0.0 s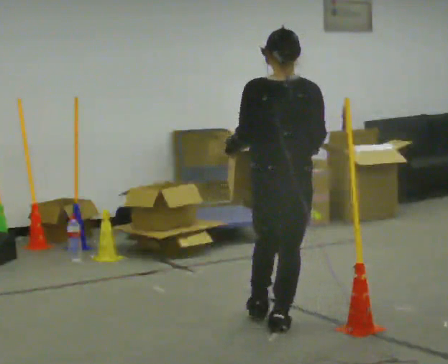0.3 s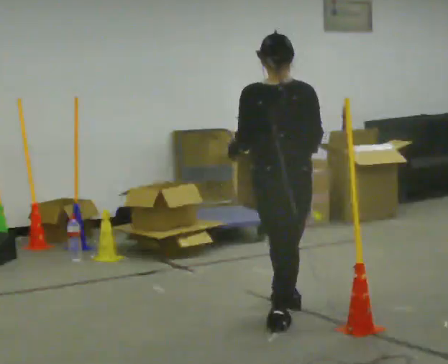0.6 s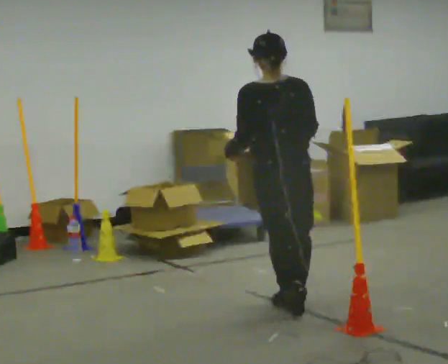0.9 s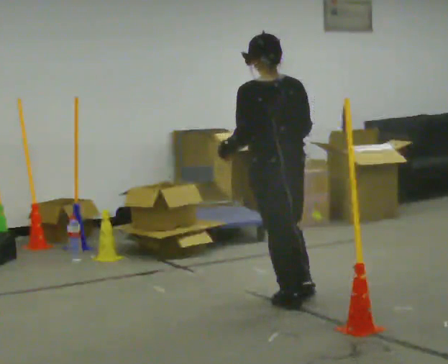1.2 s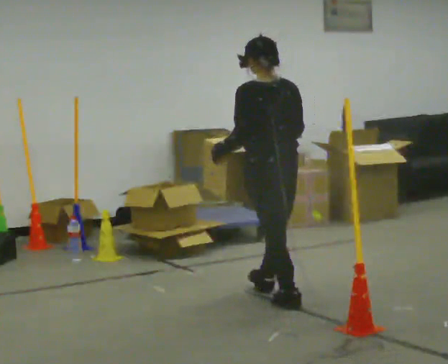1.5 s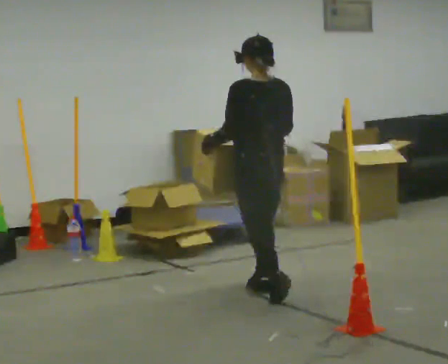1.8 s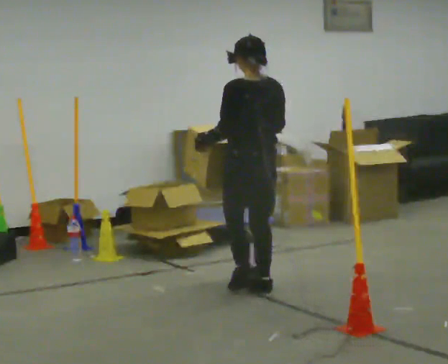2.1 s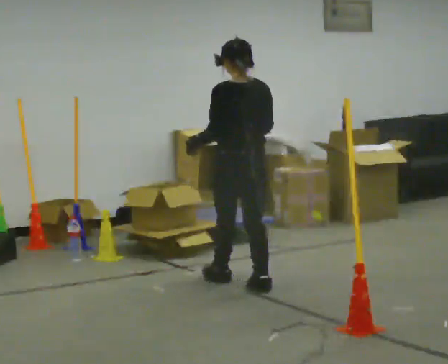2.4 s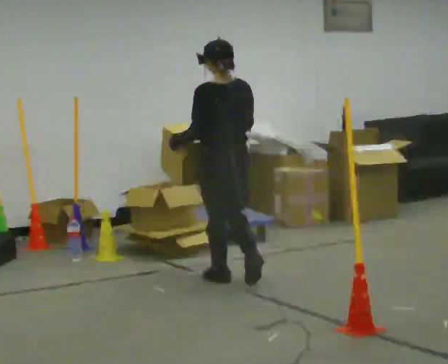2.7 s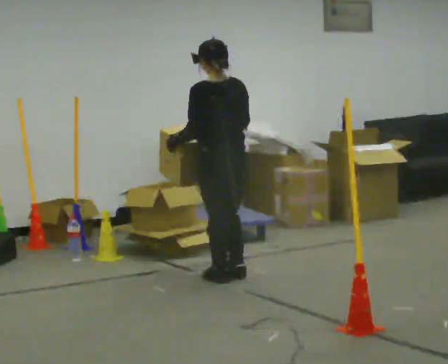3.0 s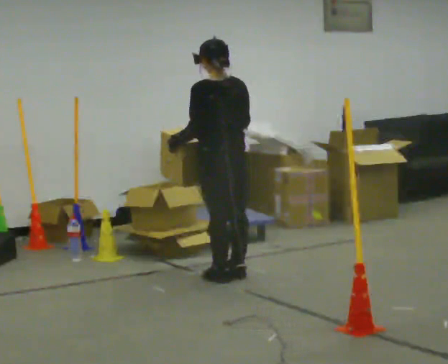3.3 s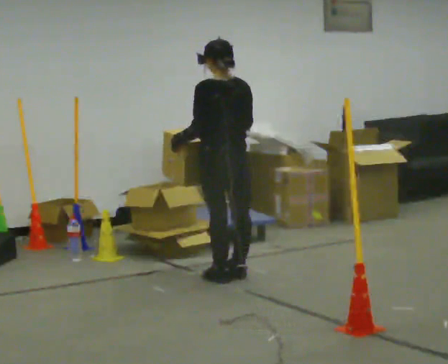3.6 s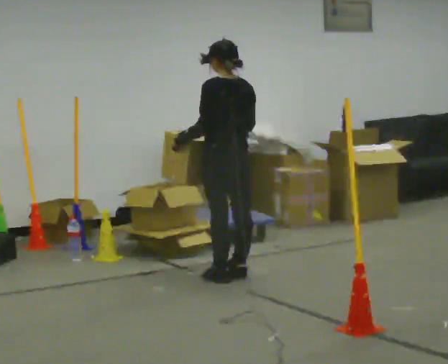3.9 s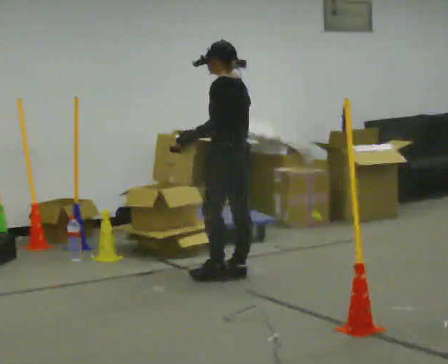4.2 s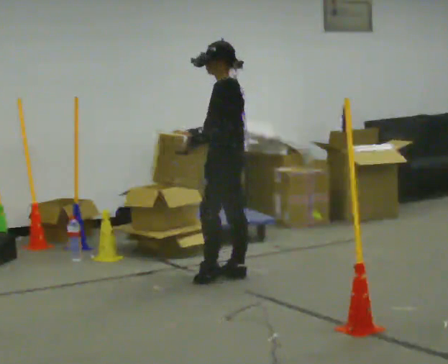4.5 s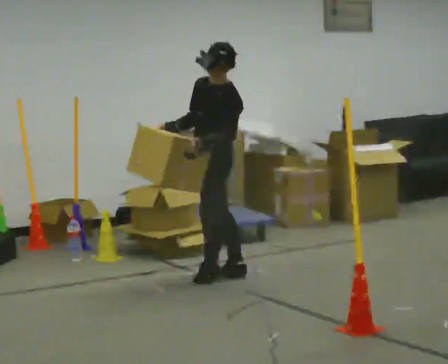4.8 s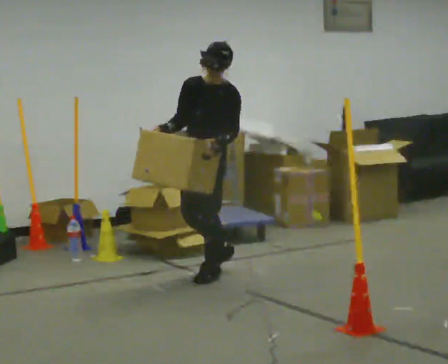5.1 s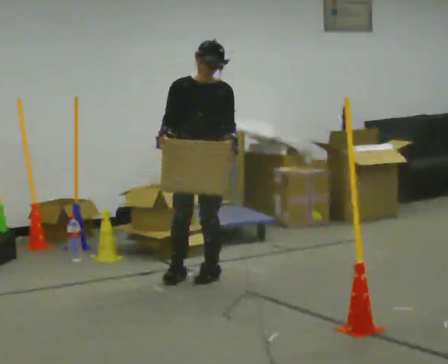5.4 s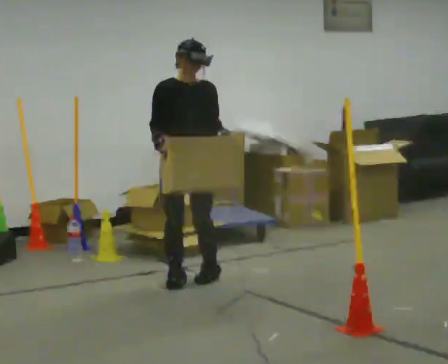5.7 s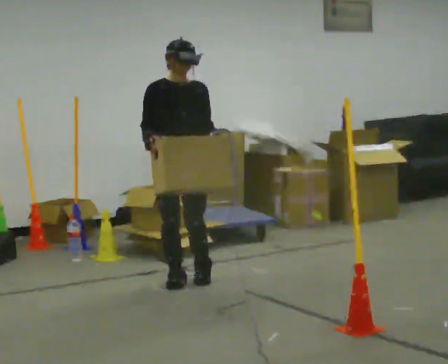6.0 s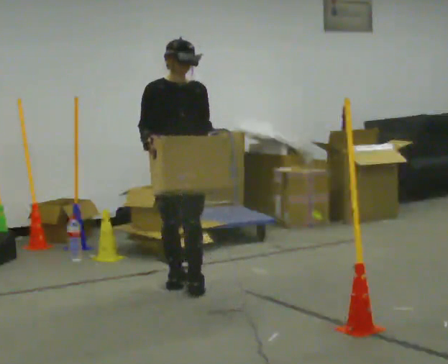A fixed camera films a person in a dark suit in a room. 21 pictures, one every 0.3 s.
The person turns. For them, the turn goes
to their left.
The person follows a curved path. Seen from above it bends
counterclockwise.
0.0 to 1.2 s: Seen from above the body turns counterclockwise, about 30 degrees: to their left, with its near side sliding to the right. In the picture they go away from the camera, about 0.5 m in 2 steps, which for them is forward.
1.2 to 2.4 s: In the picture they go away from the camera and to the left, about 0.5 m in 1 step, which for them is forward.
2.4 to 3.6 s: The person moves a little, or ends about where they began.
3.6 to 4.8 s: The person turns about 90 degrees to their left, counterclockwise seen from above, so the part of the body nearest the lens slides to the right. In the picture they go to the left, about 0.25 m. In the picture their right hand goes to the left, the arm swinging clockwise.
4.8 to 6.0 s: The person turns about 60 degrees to their left, counterclockwise seen from above, so the part of the body nearest the lens slides to the right. In the picture they go toward the camera and to the left, about 0.25 m in 1 step, which for them is to their right and forward.
The film runs forward here.
